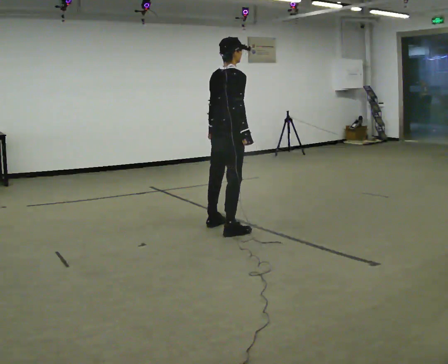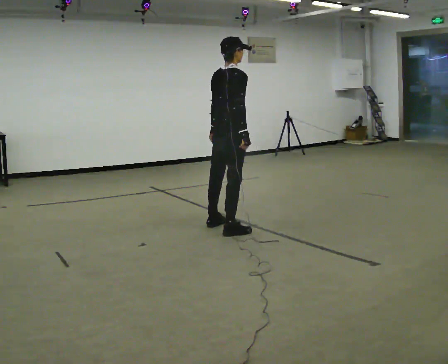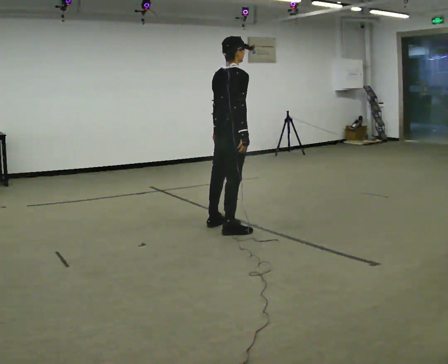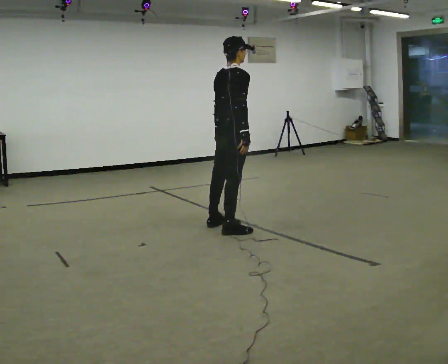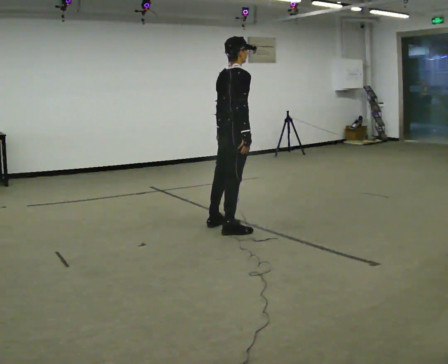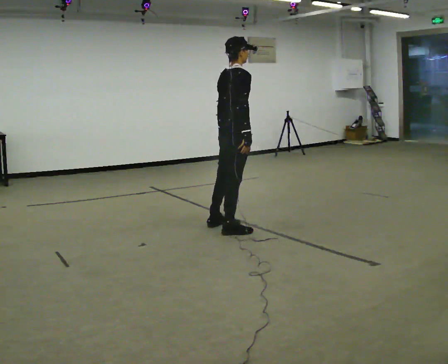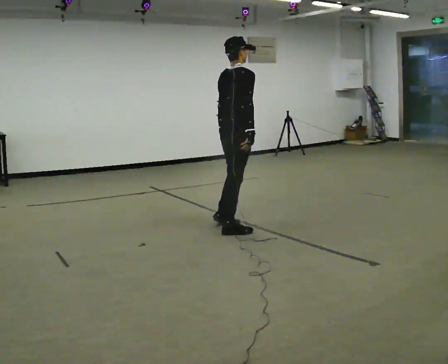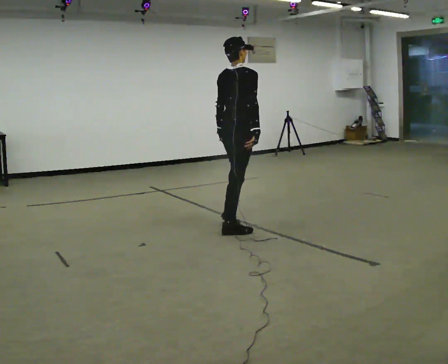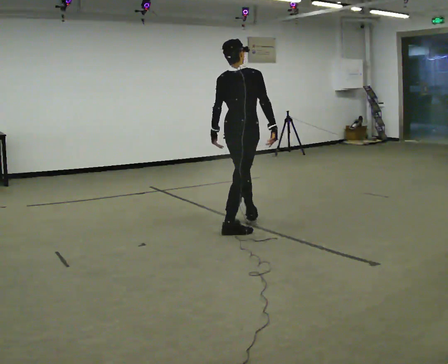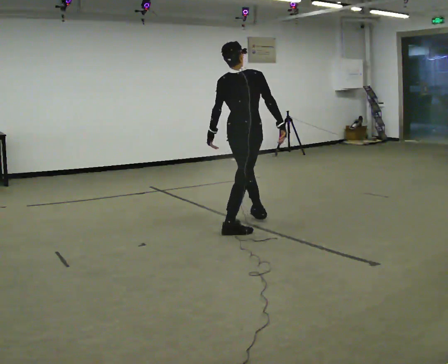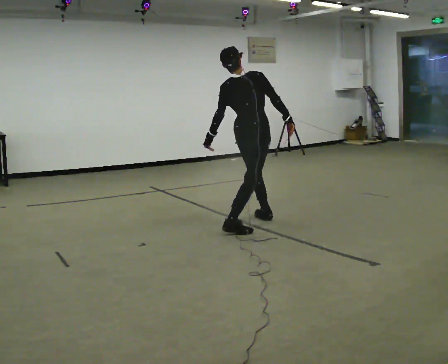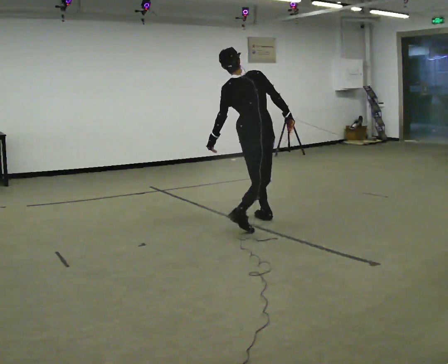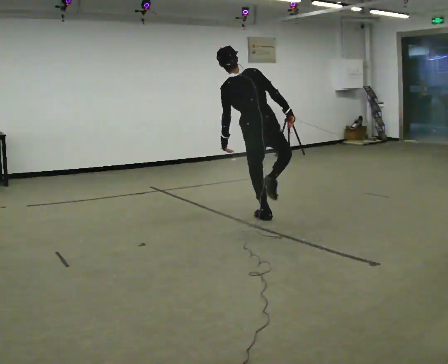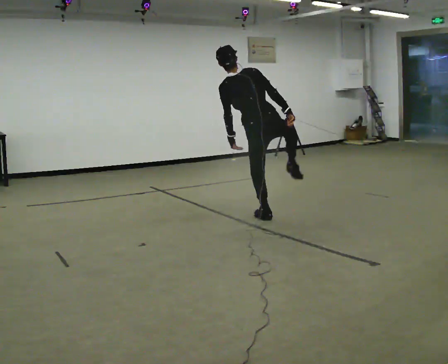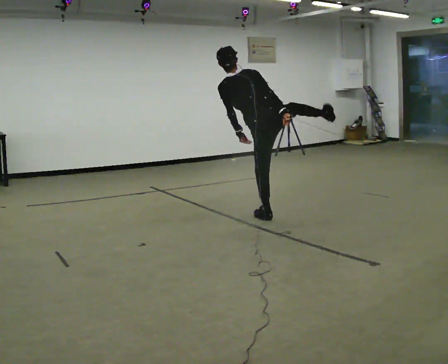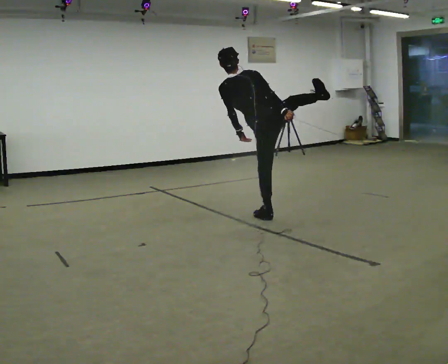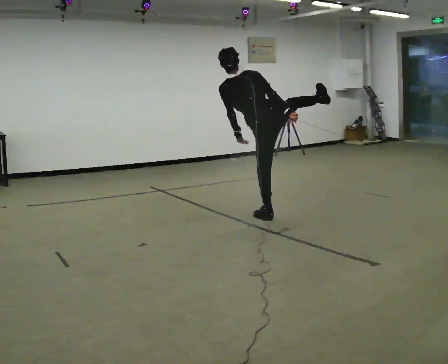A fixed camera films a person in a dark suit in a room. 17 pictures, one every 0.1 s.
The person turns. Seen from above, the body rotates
counterclockwise.
The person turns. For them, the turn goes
to their left.
0.0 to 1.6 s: The part of the body nearest the lens slides to the right as the person turns to their left by about 60 degrees. In the picture they go to the right and away from the camera, about 0.5 m in 1 step. In the picture the upper body tilts counterclockwise, shoulders to the left.
The film runs forward here.
